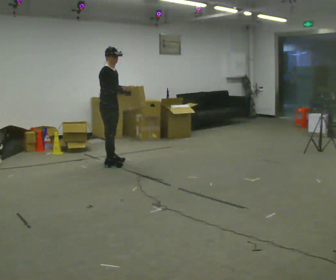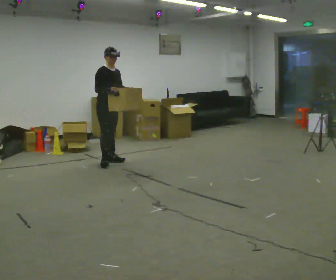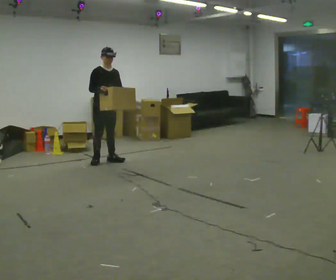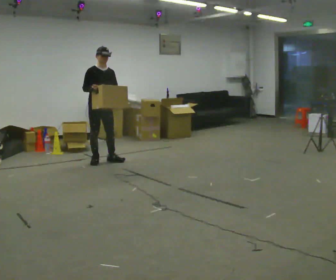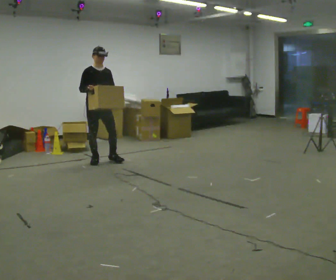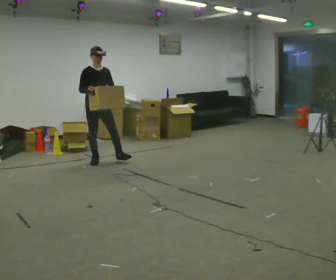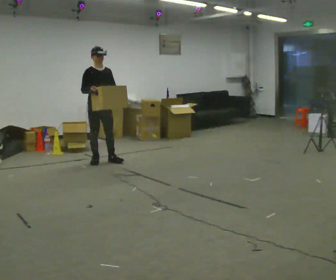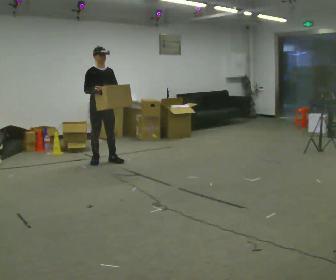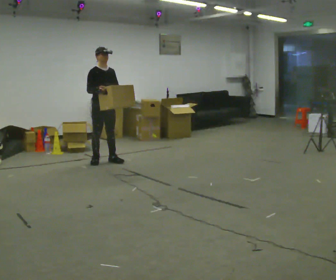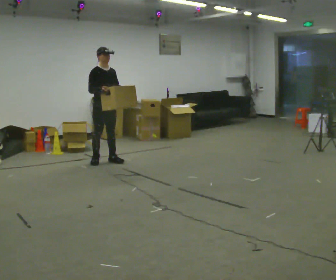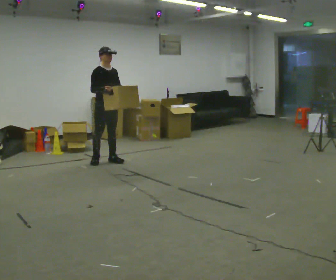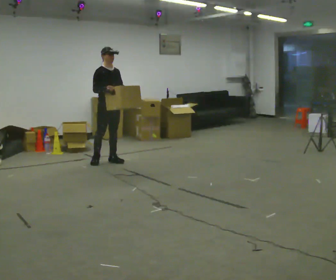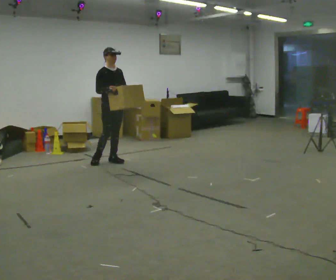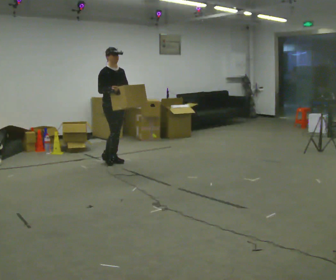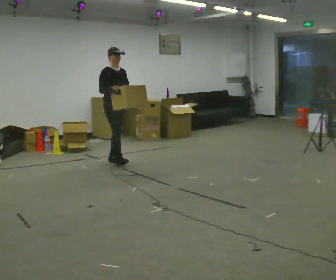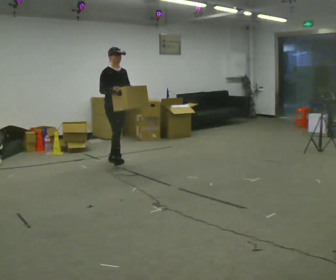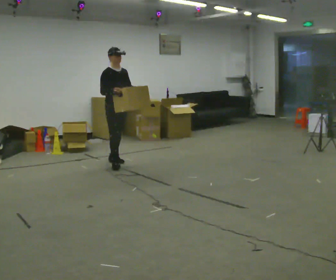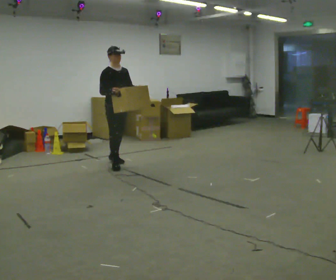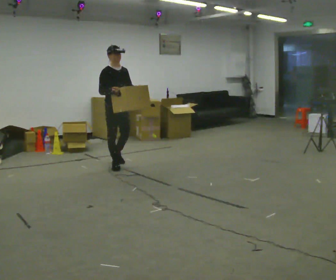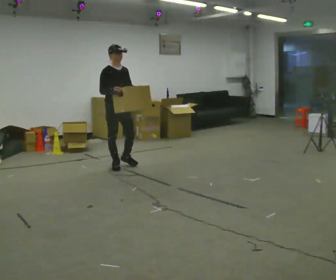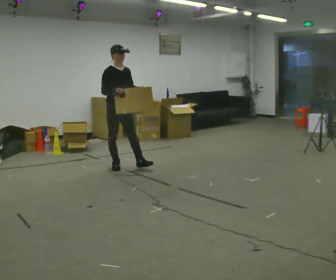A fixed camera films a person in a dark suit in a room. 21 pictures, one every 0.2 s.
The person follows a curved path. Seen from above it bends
clockwise.
0.0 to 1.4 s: The part of the body nearest the lens slides to the left as the person turns to their right by about 30 degrees.
1.4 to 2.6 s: In the picture they go to the right, about 0.25 m, which for them is to their left.
2.6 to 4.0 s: In the picture they go toward the camera, about 0.25 m in 1 step, which for them is forward and to their right.
The film runs forward here.
